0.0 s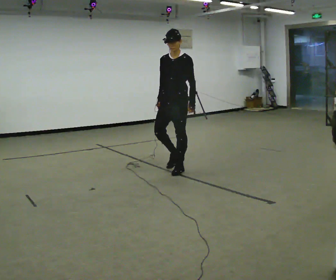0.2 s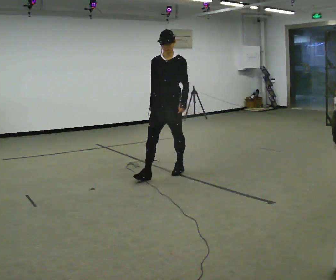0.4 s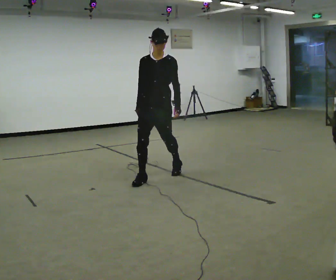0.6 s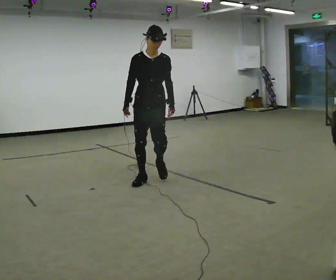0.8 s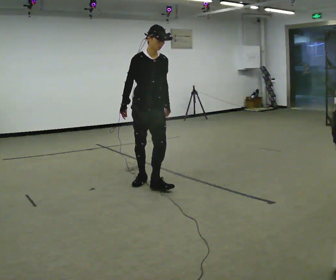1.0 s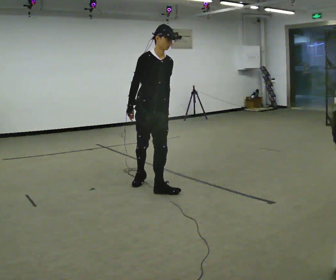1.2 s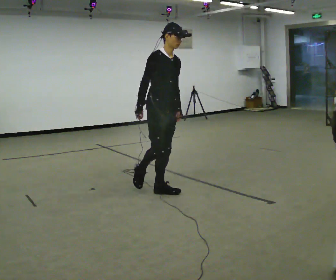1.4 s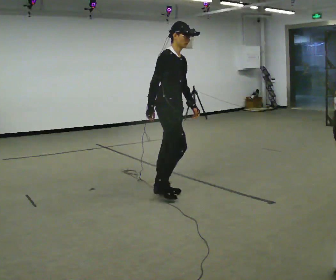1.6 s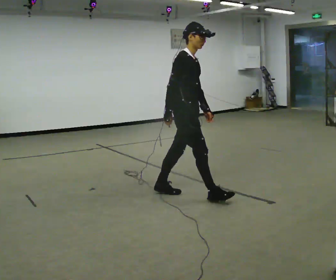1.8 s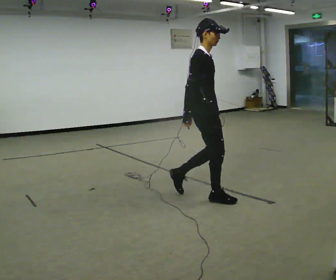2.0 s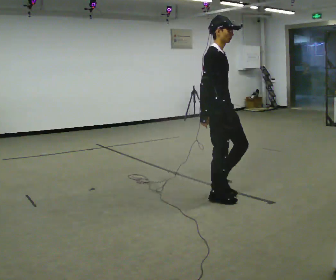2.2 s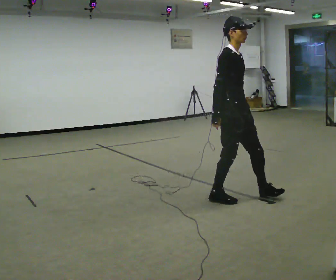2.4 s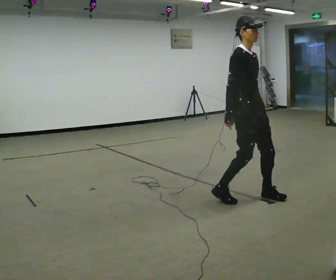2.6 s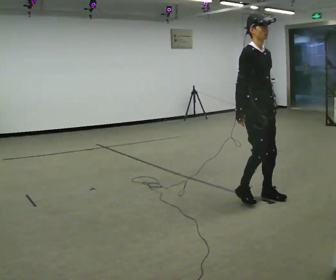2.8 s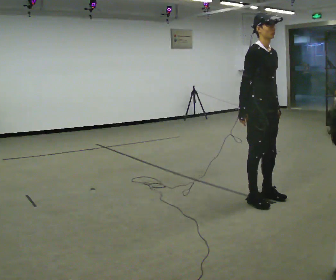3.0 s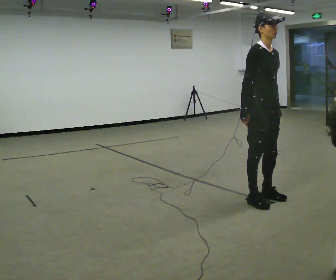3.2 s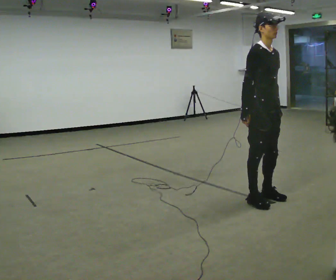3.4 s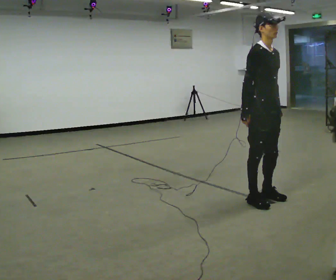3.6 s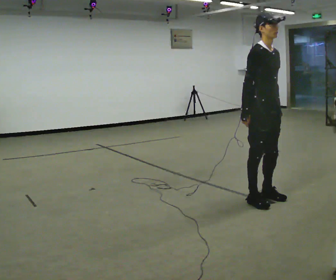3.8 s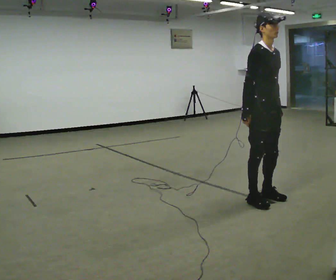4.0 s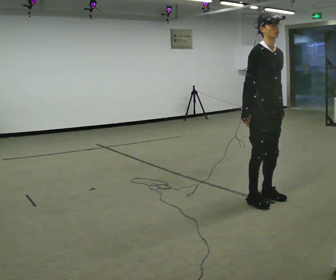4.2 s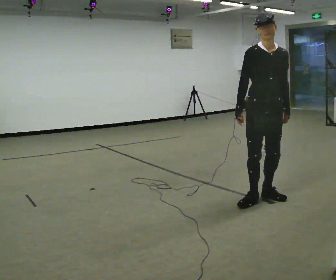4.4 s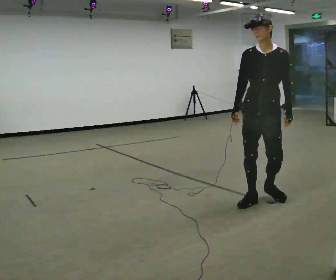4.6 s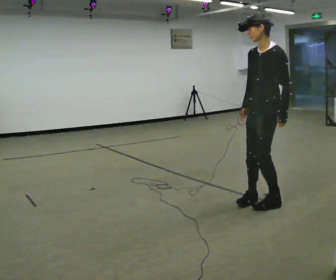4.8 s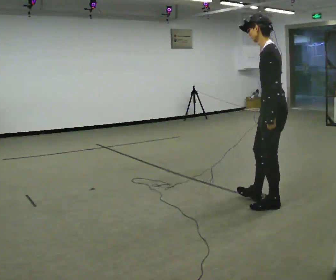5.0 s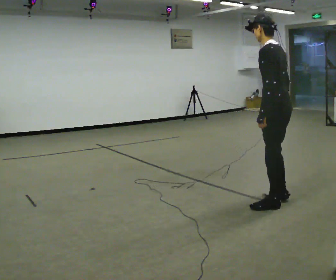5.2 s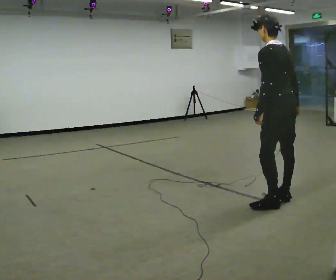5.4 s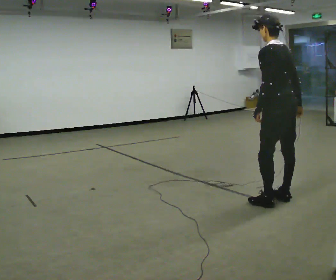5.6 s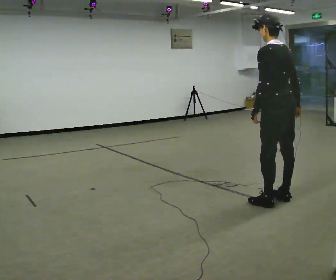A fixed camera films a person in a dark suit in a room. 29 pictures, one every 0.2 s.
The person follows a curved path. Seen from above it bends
counterclockwise.
0.0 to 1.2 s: The part of the body nearest the lens slides to the right as the person turns to their left by about 75 degrees. In the picture they go toward the camera, about 1 m in 2 steps.
1.2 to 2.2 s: In the picture they go to the right, about 1 m in 1 step, which for them is forward.
2.2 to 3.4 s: In the picture they go to the right, about 0.25 m in 2 steps, which for them is forward and to their left.
3.4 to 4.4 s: The person turns about 60 degrees to their right, clockwise seen from above, so the part of the body nearest the lens slides to the left.
4.4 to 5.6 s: Seen from above the body turns clockwise, about 120 degrees: to their right, with its near side sliding to the left. In the picture they go to the right, about 0.25 m in 2 steps. In the picture their right hand goes to the right, the arm swinging counterclockwise.
The film runs forward here.
